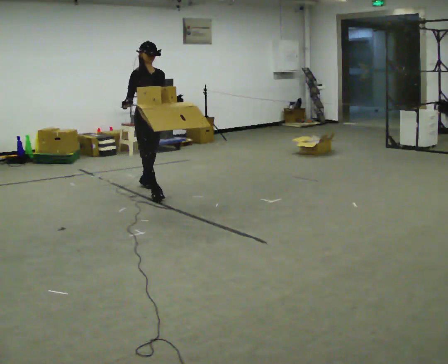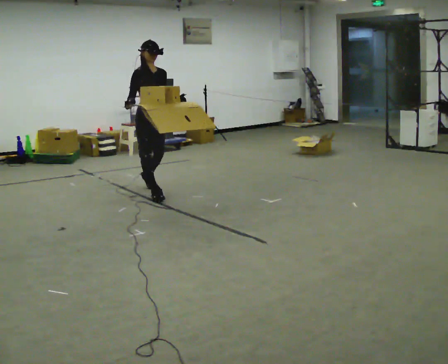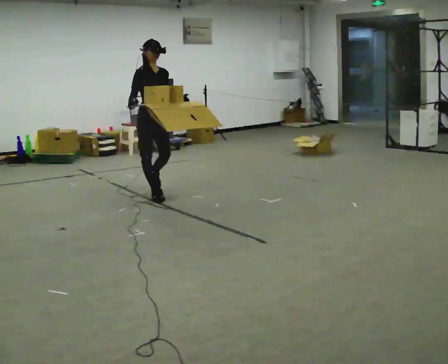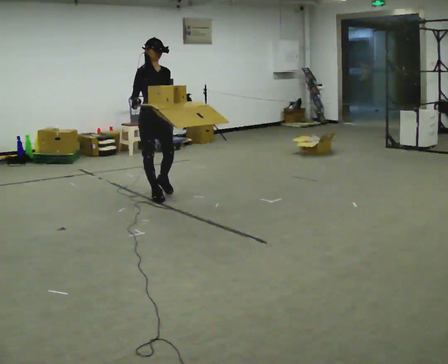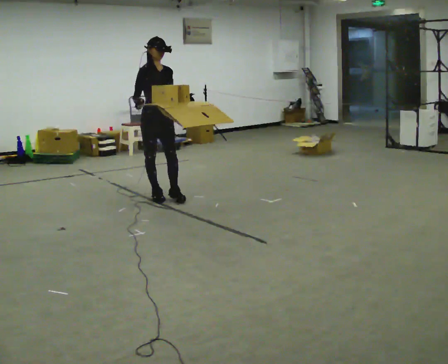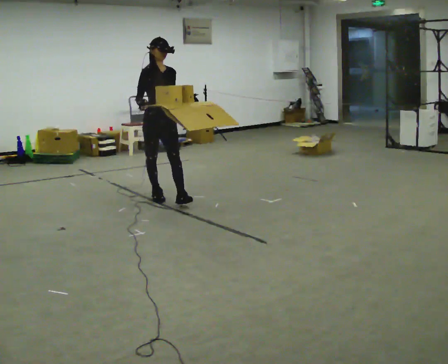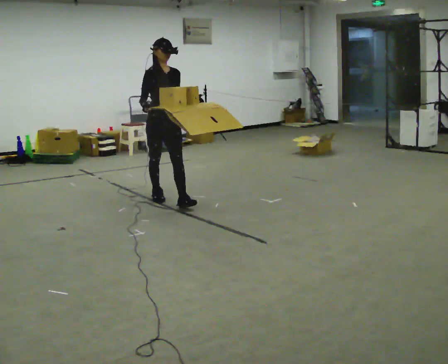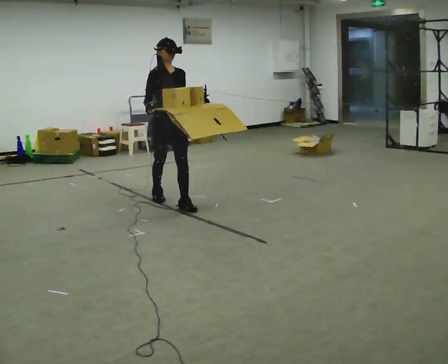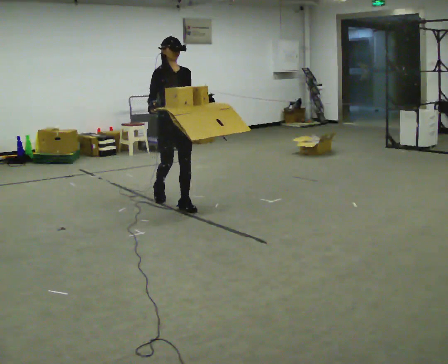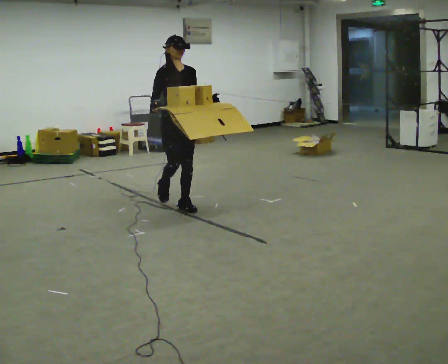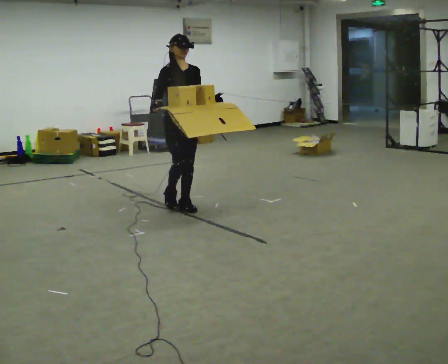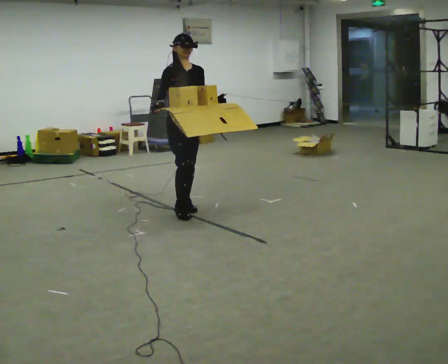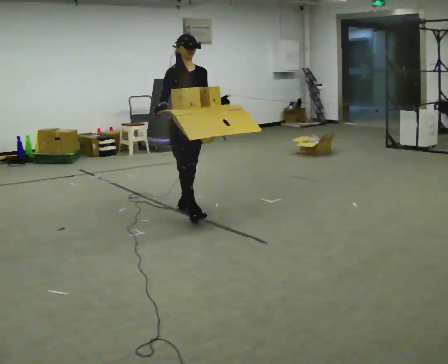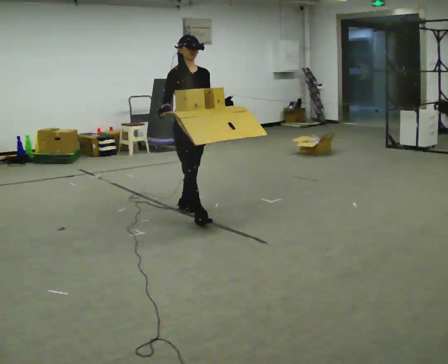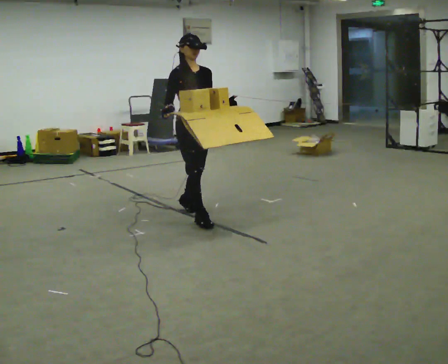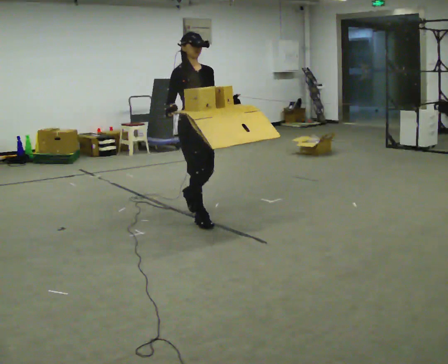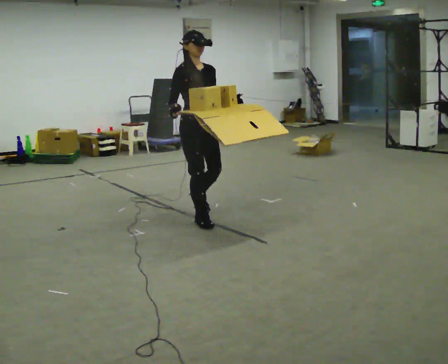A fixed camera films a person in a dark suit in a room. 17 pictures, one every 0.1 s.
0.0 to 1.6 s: In the picture they go toward the camera and to the right, about 1 m in 2 steps, which for them is forward.
The film runs forward here.
